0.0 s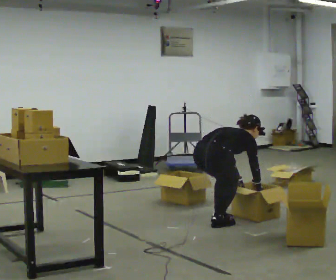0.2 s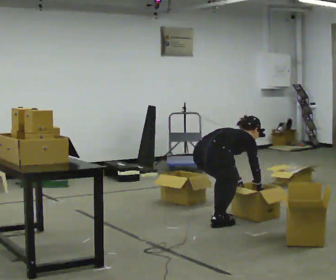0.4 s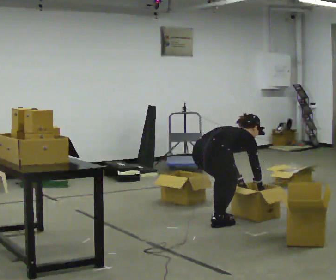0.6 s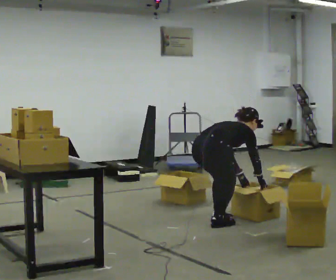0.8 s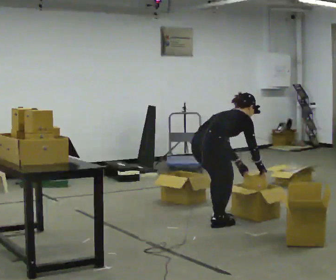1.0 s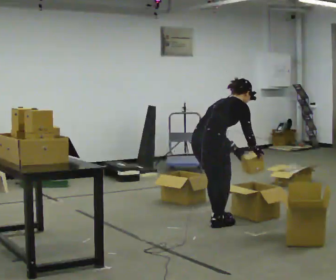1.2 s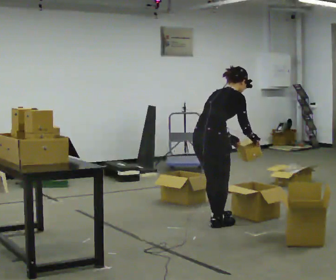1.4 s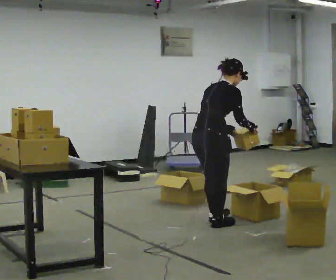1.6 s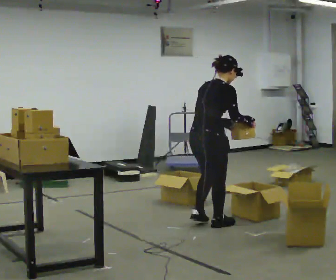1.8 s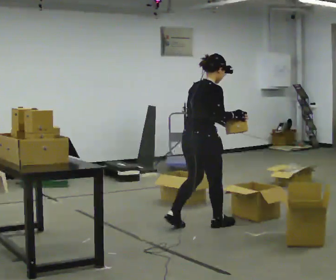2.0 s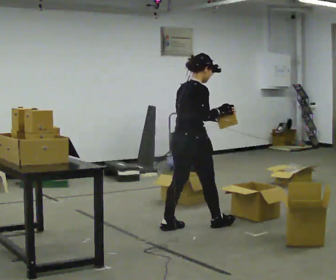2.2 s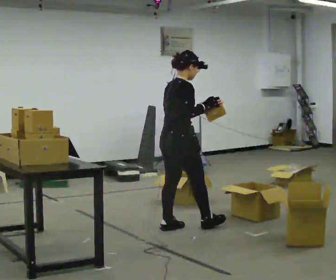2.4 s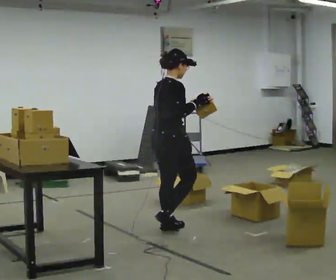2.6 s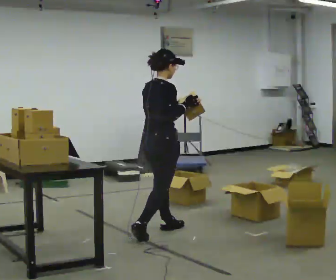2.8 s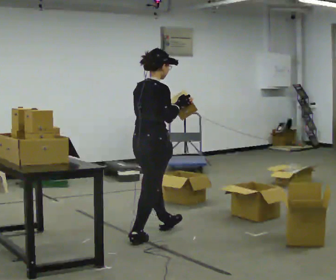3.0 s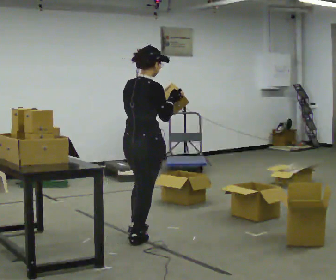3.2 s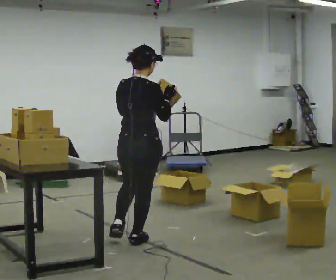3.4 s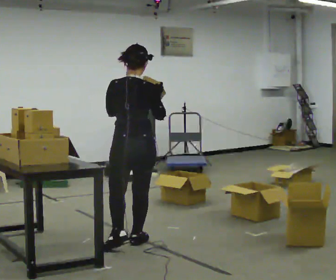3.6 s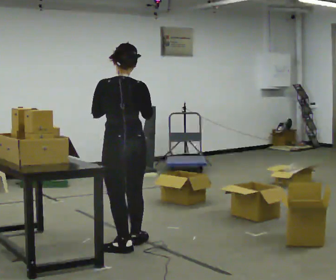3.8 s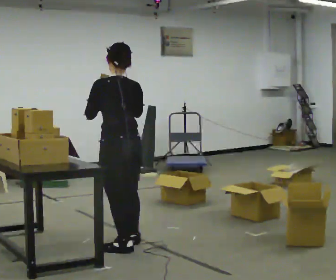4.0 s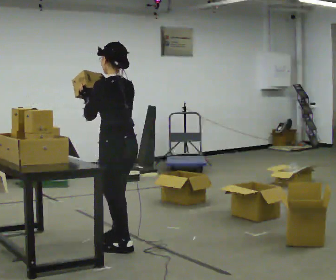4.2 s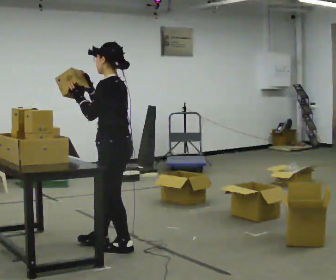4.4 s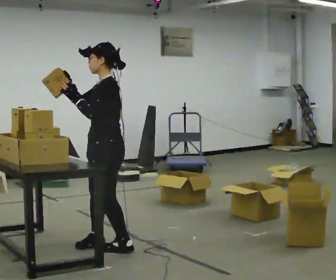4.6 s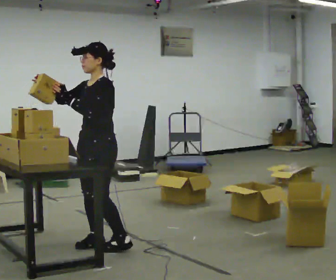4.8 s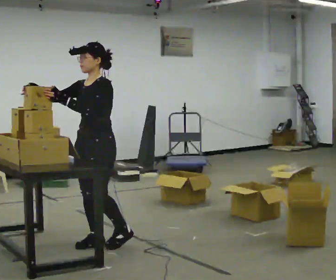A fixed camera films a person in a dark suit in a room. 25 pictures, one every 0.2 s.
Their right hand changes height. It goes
upward.
The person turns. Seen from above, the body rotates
counterclockwise.
0.0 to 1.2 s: The shoulders move upward. In the picture the upper body tilts counterclockwise, shoulders to the left, as they lean back or straighten. In the picture their right hand goes upward.
1.2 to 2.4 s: In the picture they go to the left, about 0.5 m in 2 steps, which for them is backward. In the picture the upper body tilts counterclockwise, shoulders to the left, as they lean back or straighten. In the picture their right hand goes upward.
2.4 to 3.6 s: The person turns about 75 degrees to their left, counterclockwise seen from above, so the part of the body nearest the lens slides to the right. In the picture they go toward the camera and to the left, about 0.5 m in 1 step.
3.6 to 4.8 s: The person turns about 120 degrees to their left, counterclockwise seen from above, so the part of the body nearest the lens slides to the right. In the picture they go to the left, about 0.25 m in 2 steps. In the picture their right hand goes to the left.
The film runs backward here.
